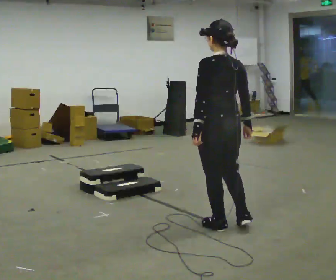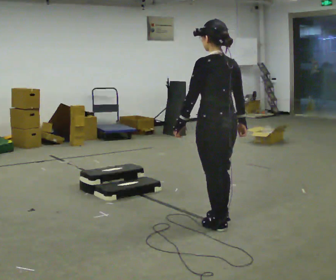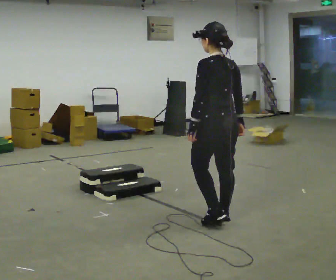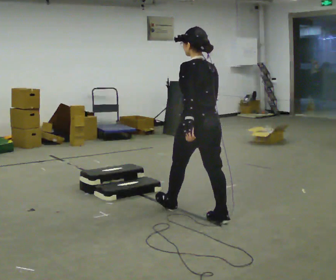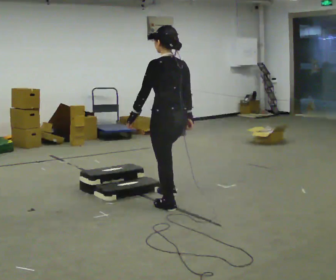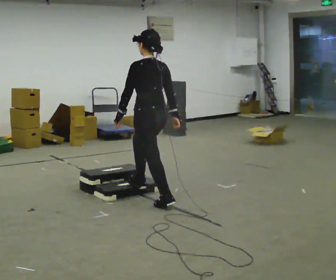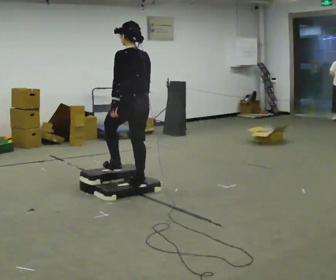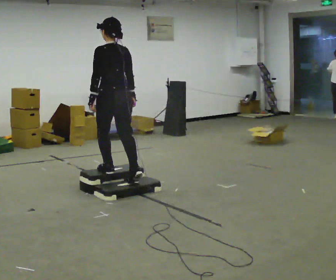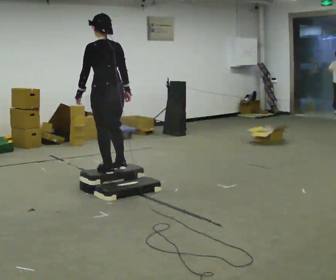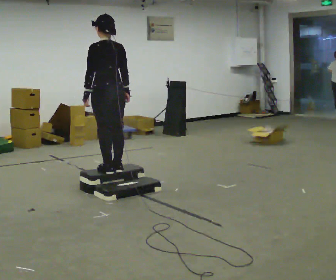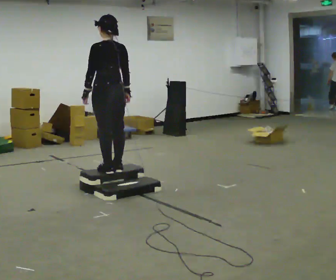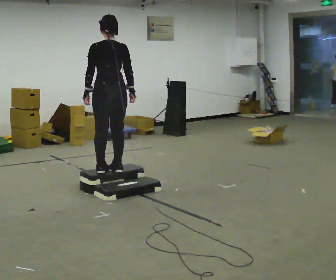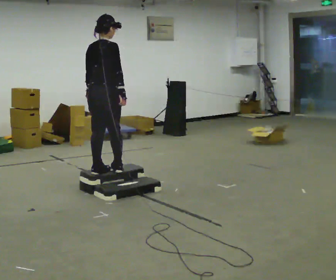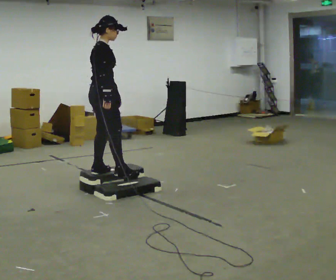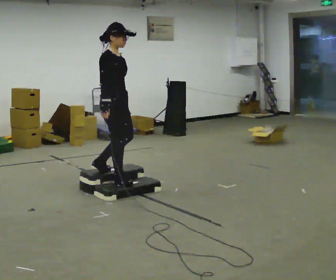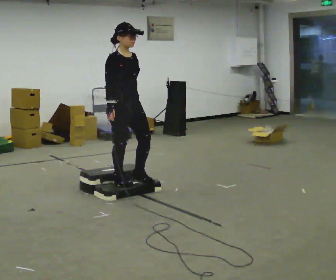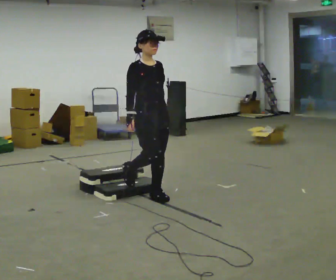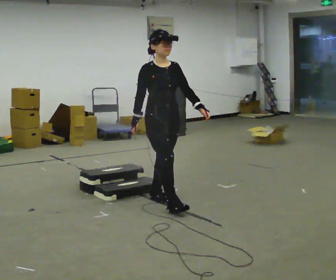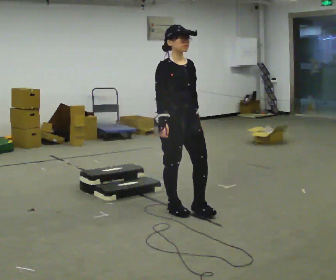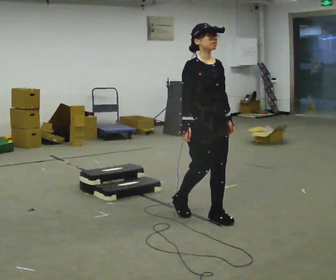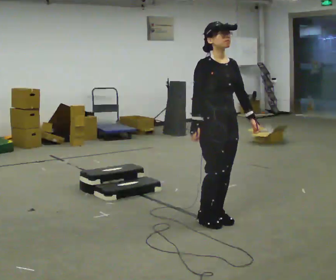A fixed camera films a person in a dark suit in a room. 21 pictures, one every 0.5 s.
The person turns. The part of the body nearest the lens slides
to the left.
The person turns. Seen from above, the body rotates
clockwise.
0.0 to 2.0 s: In the picture they go away from the camera and to the left, about 0.75 m in 2 steps, which for them is forward.
2.0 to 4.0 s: In the picture they go away from the camera and to the left, about 1 m in 2 steps, which for them is forward. The shoulders move upward.
4.0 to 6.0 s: The person turns about 75 degrees to their right, clockwise seen from above, so the part of the body nearest the lens slides to the left.
6.0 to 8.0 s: The person turns about 105 degrees to their right, clockwise seen from above, so the part of the body nearest the lens slides to the left. In the picture they go to the right and toward the camera, about 0.5 m in 2 steps. The shoulders move downward.
8.0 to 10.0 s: In the picture they go toward the camera and to the right, about 1 m in 3 steps, which for them is forward.
The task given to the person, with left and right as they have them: Walk up the three steps, turn at the top, and walk back down at a comfortable speed. Use the handrail only if you need it.
The film runs forward here.
